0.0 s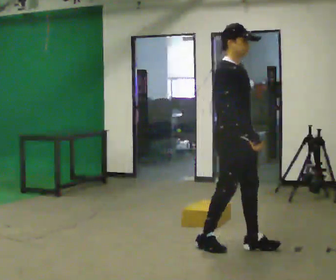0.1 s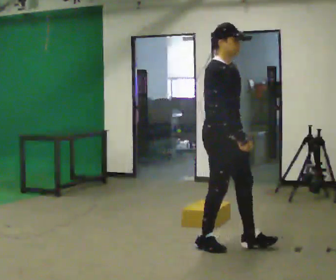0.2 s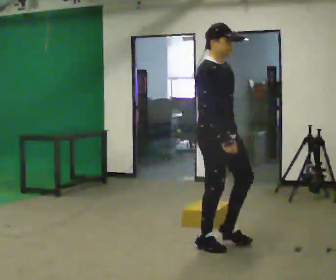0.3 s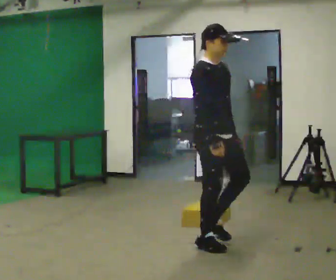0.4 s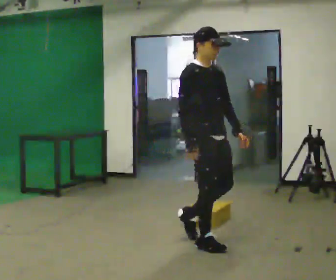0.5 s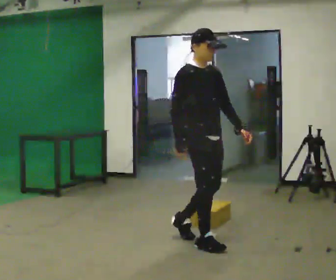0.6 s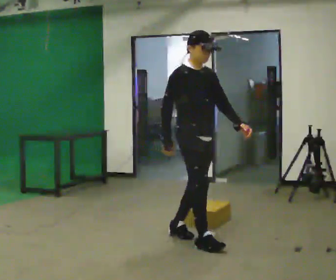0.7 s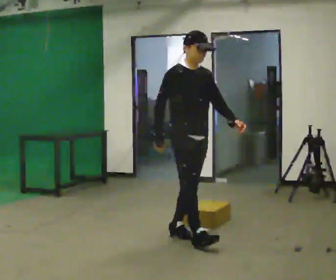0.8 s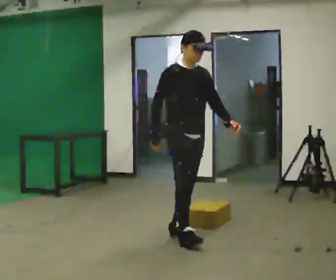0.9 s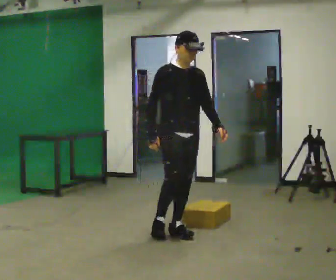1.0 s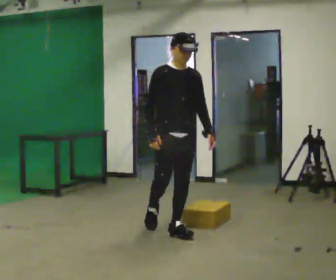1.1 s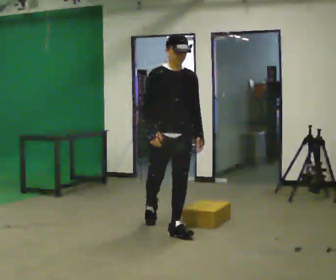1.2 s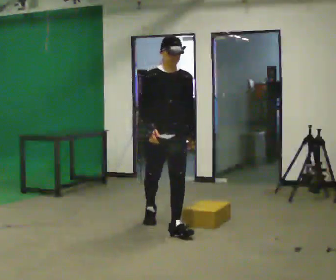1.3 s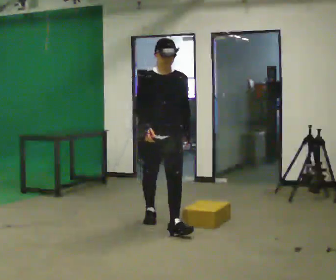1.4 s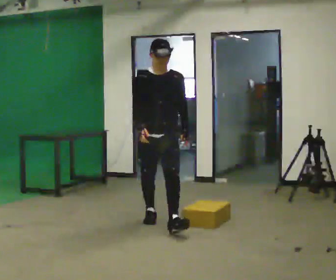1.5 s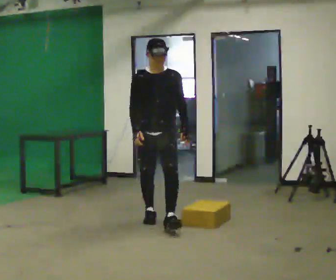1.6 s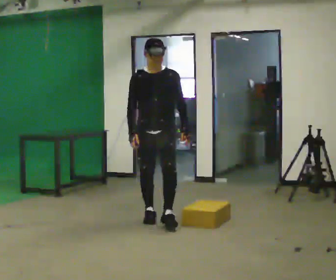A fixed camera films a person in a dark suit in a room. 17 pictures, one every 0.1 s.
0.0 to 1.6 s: Seen from above the body turns clockwise, about 60 degrees: to their right, with its near side sliding to the left. In the picture they go away from the camera and to the left, about 1 m in 3 steps.
The film runs backward here.
